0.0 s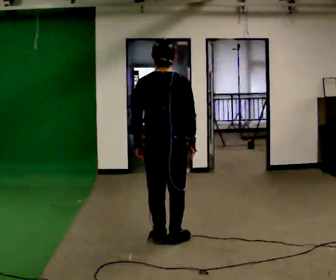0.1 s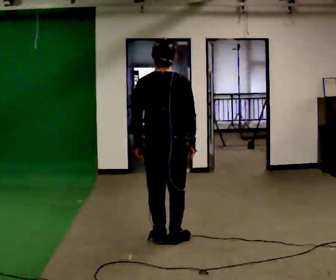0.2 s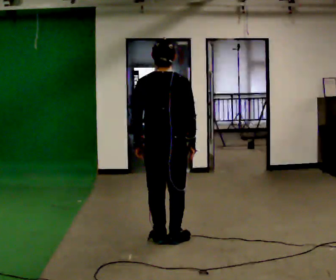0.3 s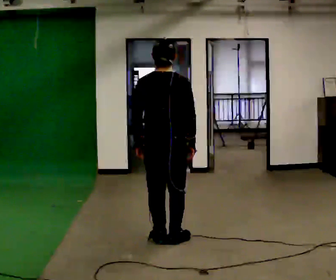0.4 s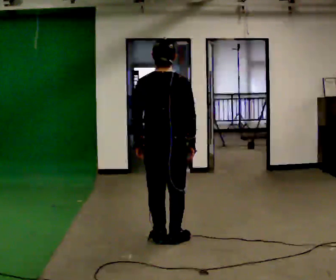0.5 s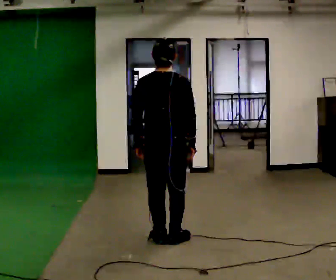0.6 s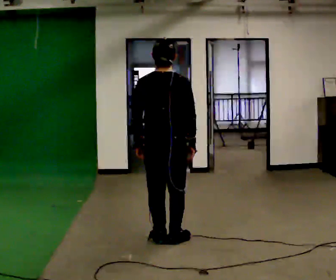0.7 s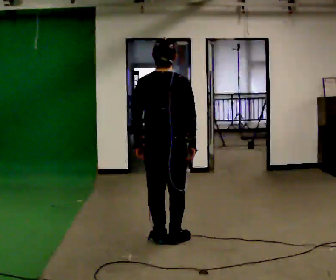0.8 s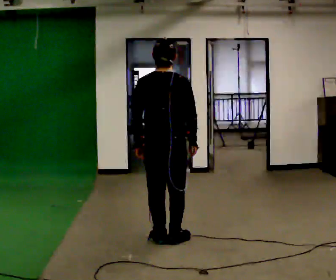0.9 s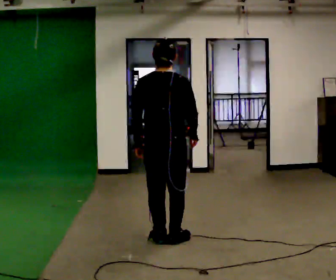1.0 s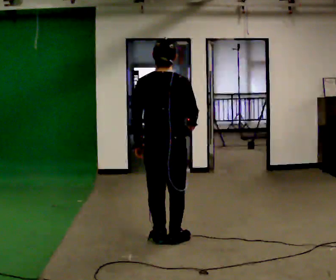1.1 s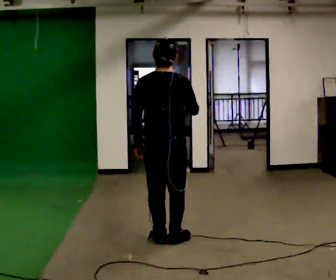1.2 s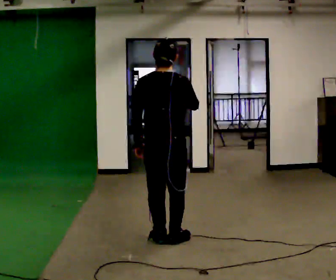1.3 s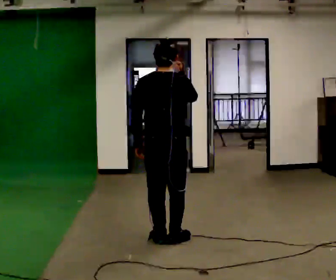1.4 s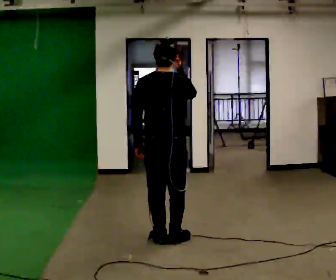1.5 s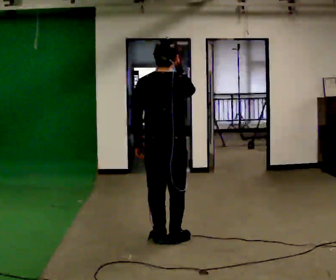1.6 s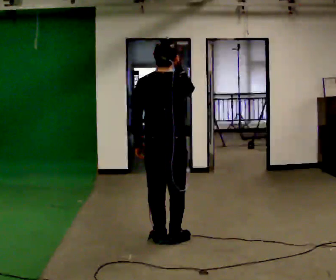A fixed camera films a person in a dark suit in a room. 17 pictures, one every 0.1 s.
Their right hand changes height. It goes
upward.
0.0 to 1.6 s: In the picture their right hand goes upward.
The film runs forward here.
